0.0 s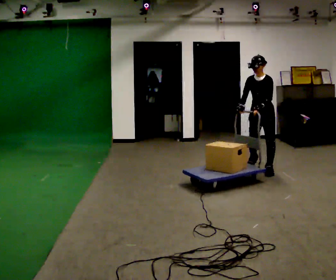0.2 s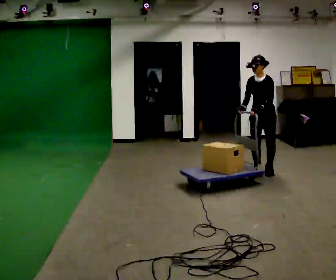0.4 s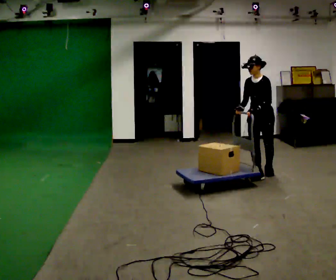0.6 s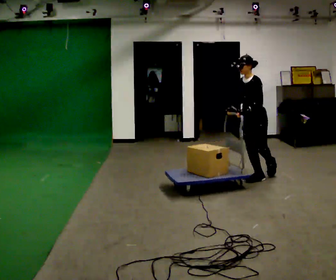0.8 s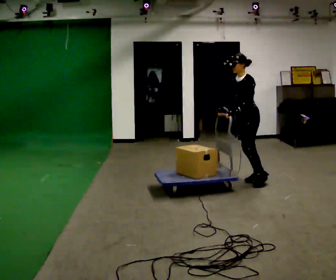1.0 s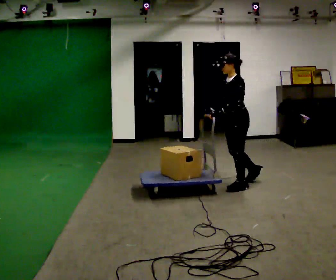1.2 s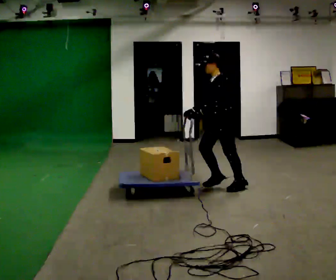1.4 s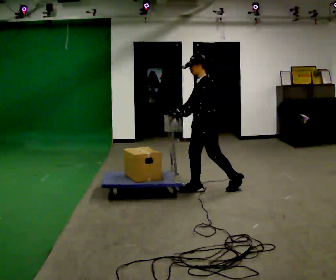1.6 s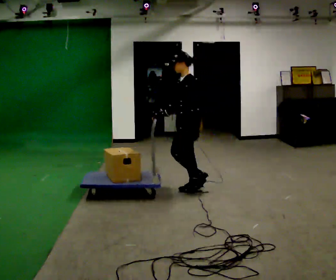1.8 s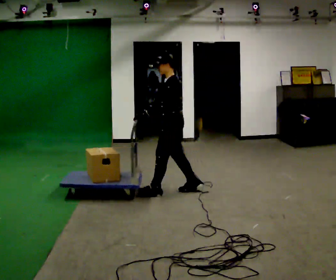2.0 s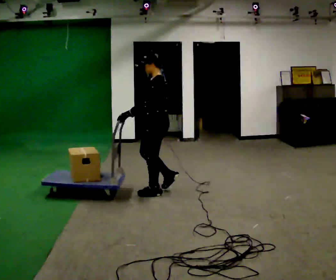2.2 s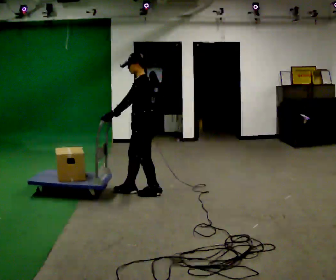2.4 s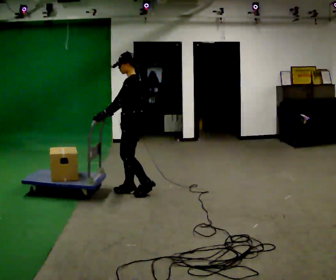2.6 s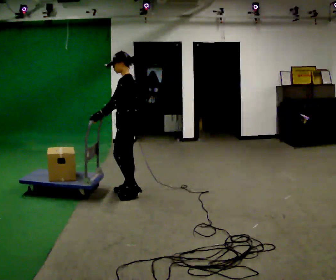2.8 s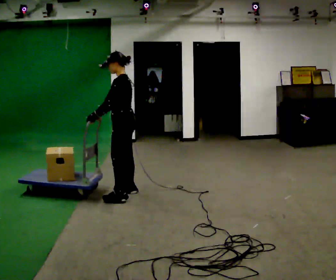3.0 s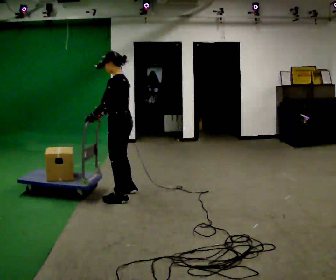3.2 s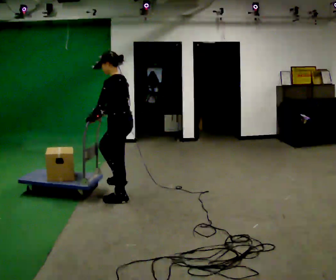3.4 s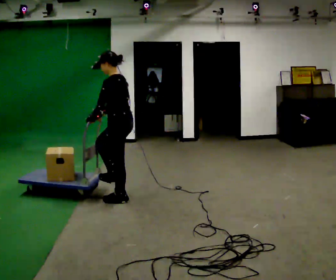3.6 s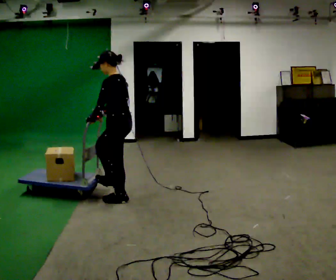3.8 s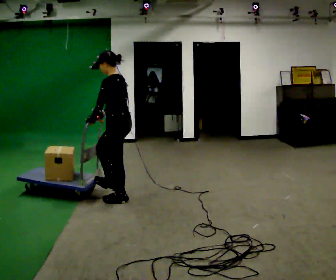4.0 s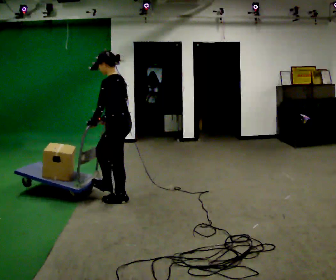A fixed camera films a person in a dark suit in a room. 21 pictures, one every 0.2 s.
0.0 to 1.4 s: Seen from above the body turns clockwise, about 45 degrees: to their right, with its near side sliding to the left. In the picture they go to the left and toward the camera, about 1 m in 3 steps, which for them is forward.
1.4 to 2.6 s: In the picture they go to the left, about 1 m in 2 steps, which for them is forward.
2.6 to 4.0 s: In the picture they go toward the camera, about 0.25 m in 2 steps, which for them is to their left.
The film runs forward here.
